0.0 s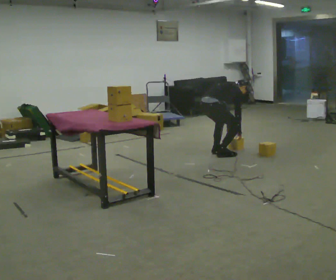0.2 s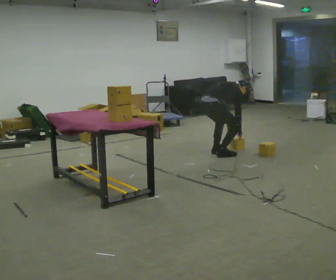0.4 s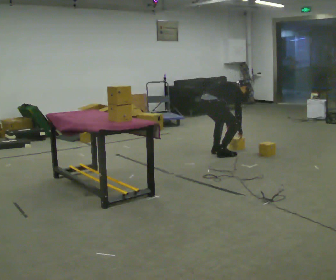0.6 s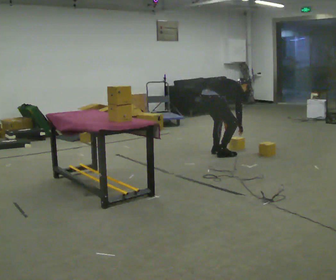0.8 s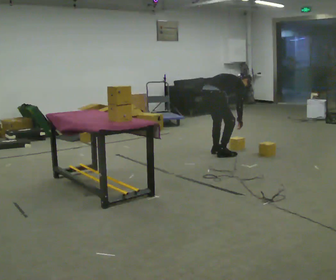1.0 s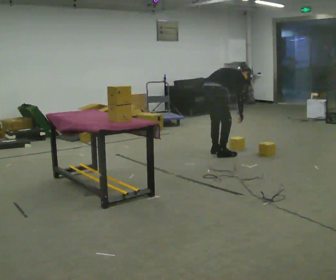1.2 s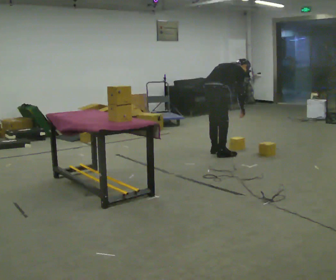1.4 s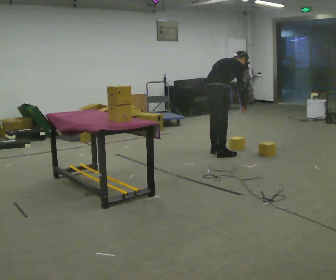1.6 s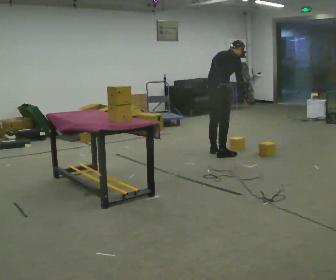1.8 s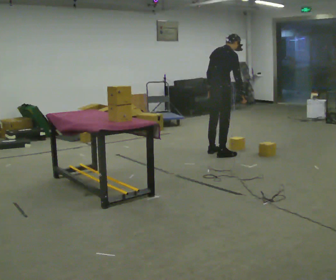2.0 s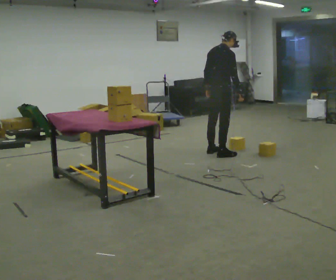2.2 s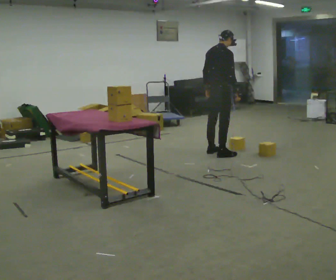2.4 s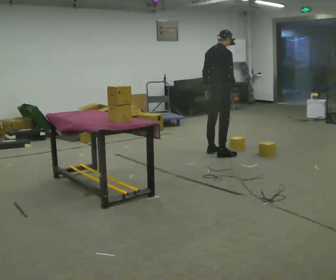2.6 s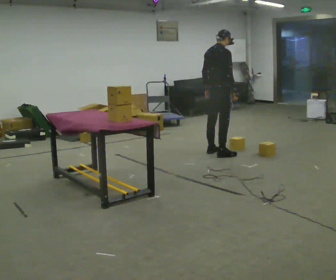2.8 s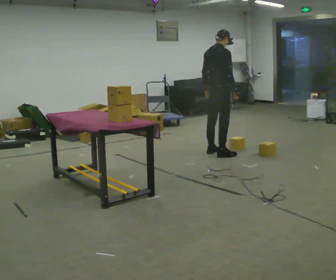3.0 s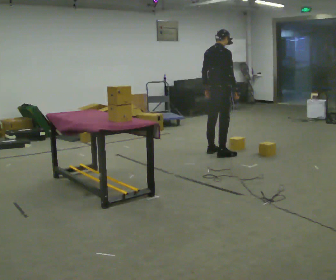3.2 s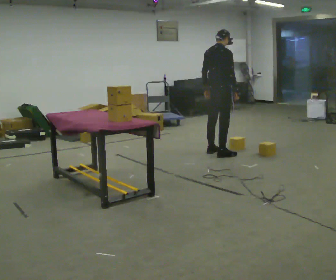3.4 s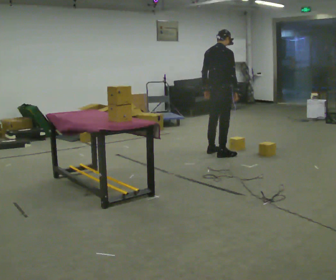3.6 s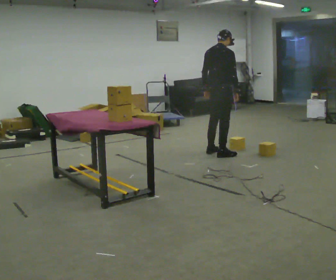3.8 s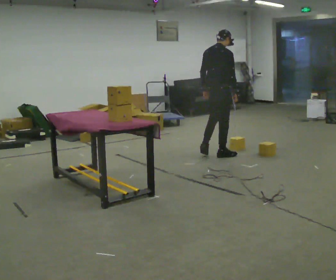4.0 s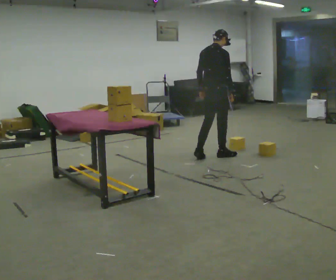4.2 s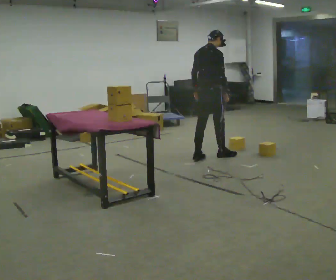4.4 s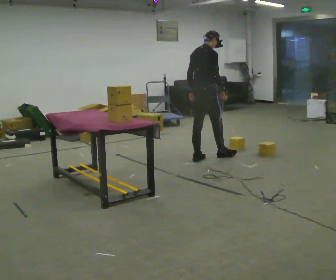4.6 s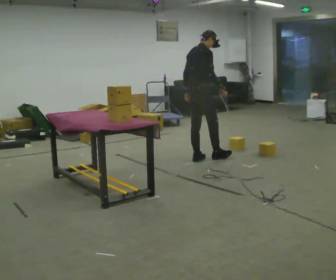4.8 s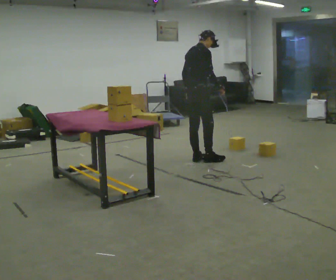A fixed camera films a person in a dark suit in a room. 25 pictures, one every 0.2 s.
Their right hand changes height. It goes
upward.
The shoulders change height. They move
upward.
0.0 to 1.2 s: The shoulders move upward.
1.2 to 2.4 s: The shoulders move upward. In the picture the upper body tilts counterclockwise, shoulders to the left, as they lean back or straighten.
2.4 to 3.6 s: The person moves a little, or ends about where they began.
3.6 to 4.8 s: In the picture they go to the left and toward the camera, about 0.25 m in 1 step, which for them is backward.
The film runs backward here.
